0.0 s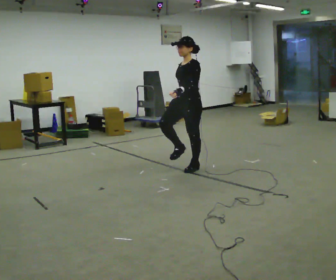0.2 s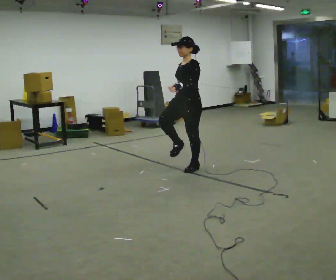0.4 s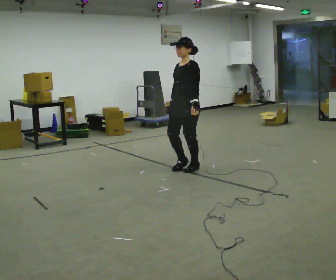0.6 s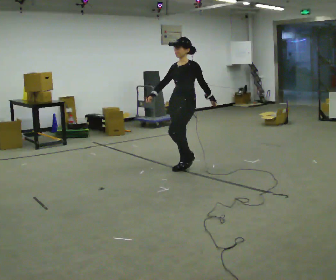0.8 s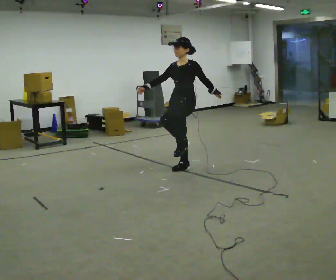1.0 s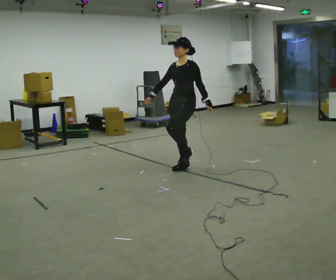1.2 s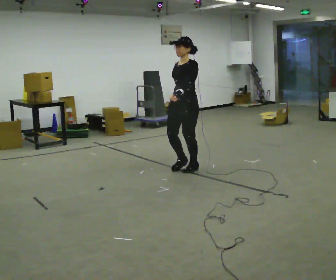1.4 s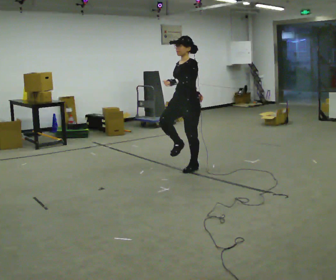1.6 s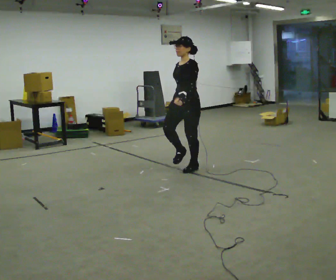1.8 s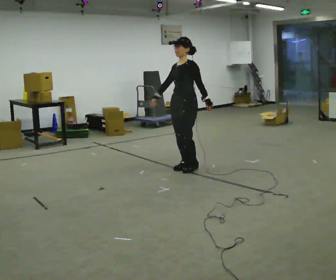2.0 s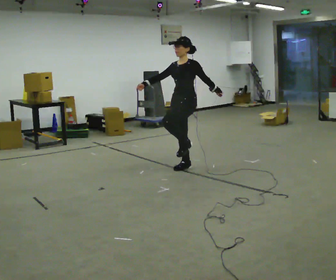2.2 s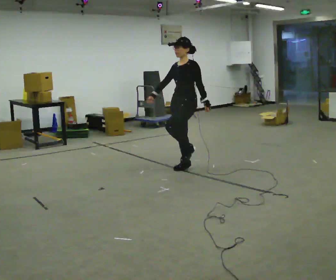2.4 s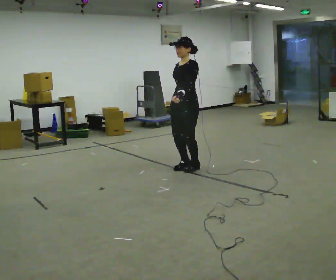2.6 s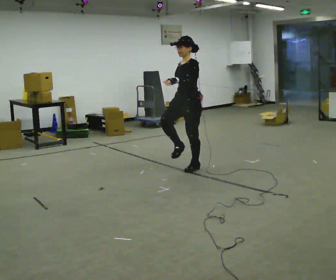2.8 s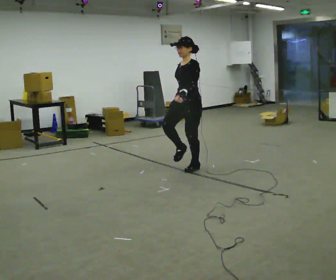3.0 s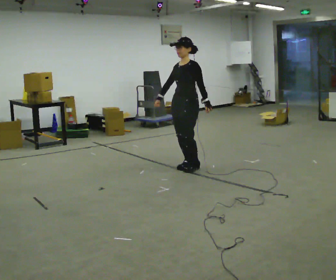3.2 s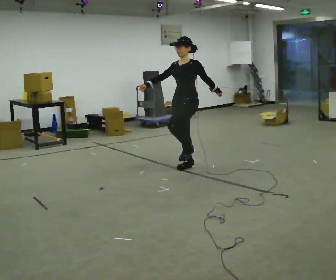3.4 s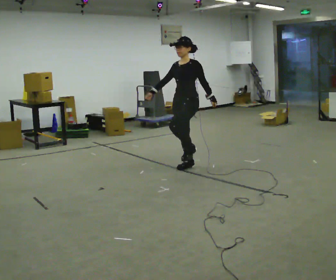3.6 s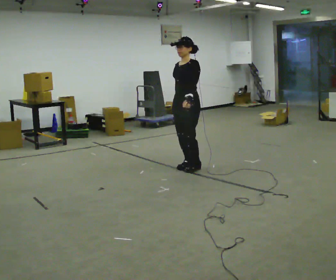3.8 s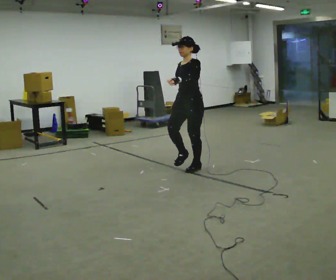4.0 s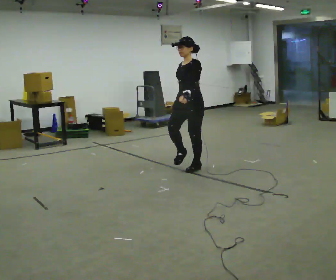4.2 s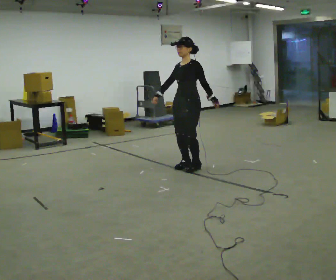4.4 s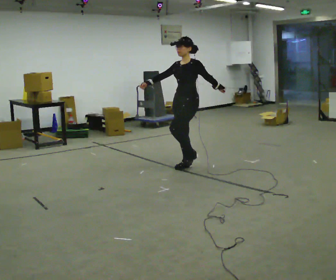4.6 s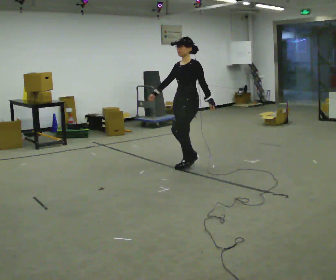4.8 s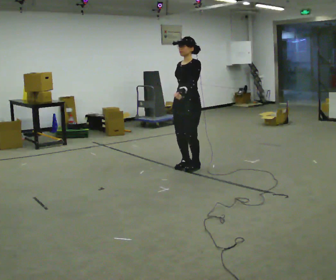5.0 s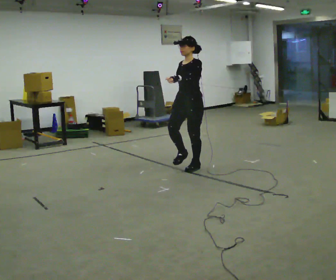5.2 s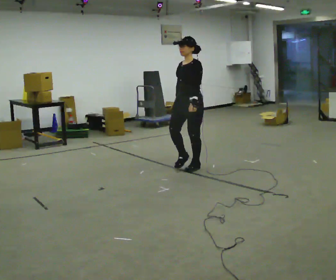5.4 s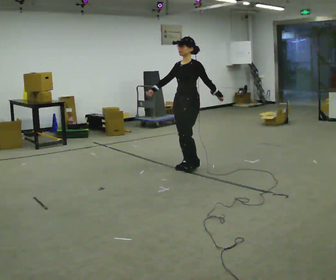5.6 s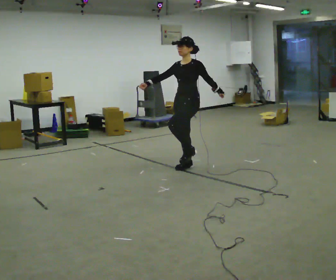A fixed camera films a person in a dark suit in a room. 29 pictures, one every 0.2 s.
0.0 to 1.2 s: The person moves a little, or ends about where they began.
1.2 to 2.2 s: In the picture their left hand goes to the right.
2.2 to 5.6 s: The person moves a little, or ends about where they began.
The film runs backward here.
